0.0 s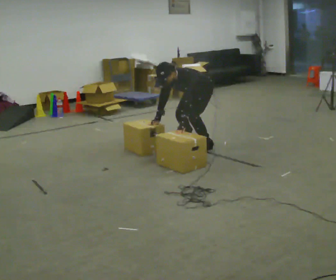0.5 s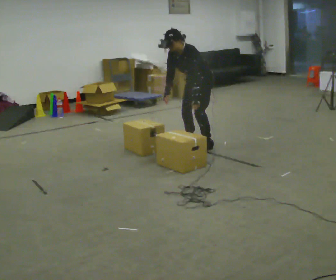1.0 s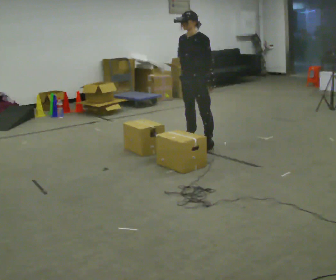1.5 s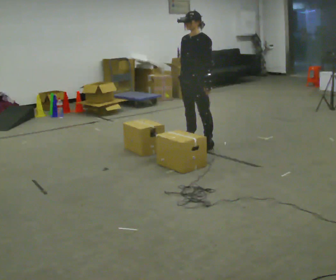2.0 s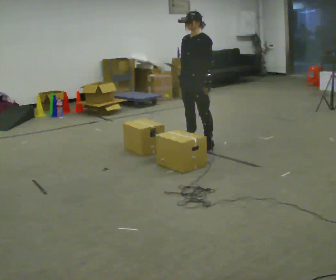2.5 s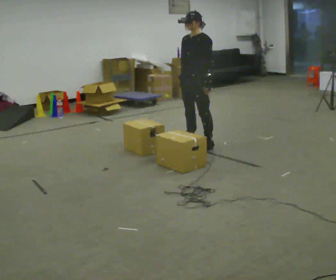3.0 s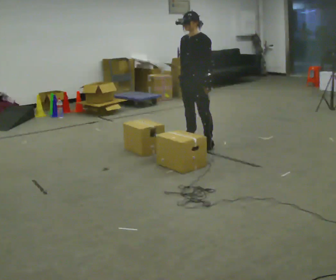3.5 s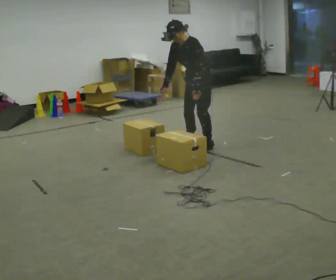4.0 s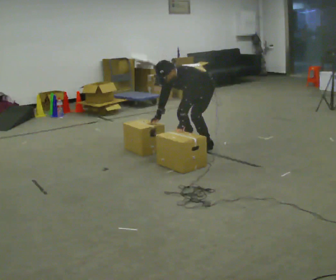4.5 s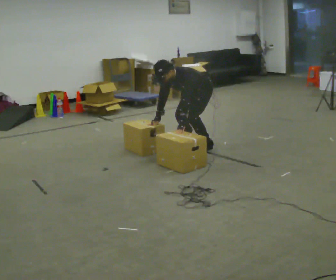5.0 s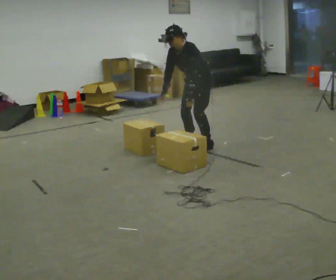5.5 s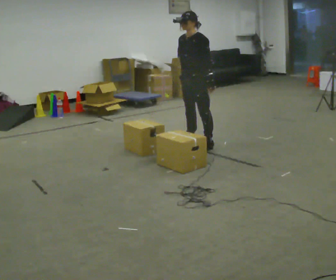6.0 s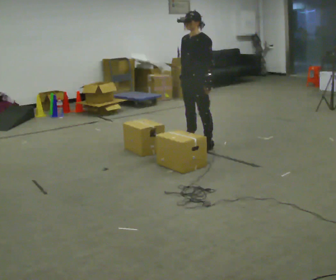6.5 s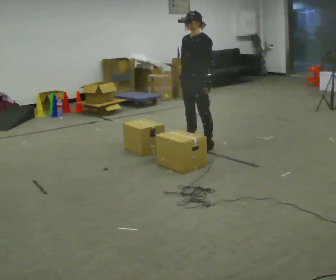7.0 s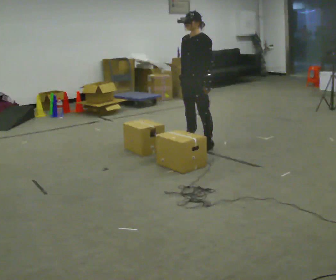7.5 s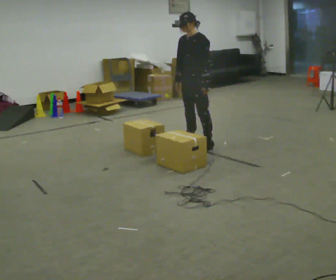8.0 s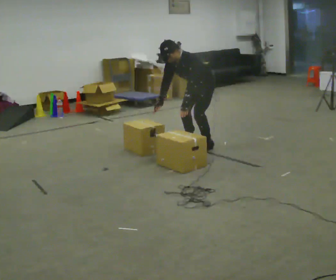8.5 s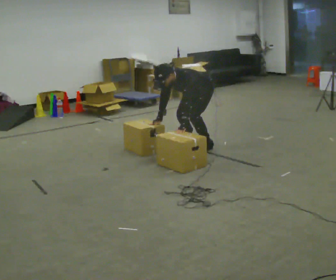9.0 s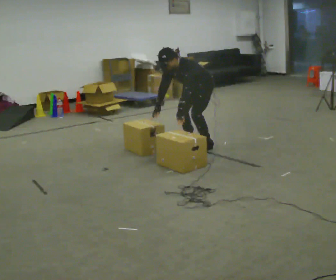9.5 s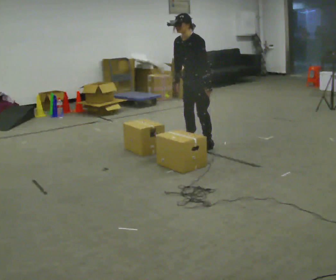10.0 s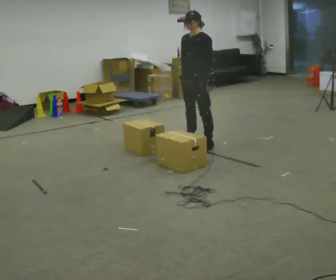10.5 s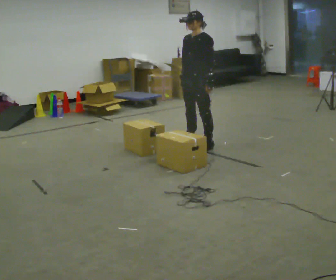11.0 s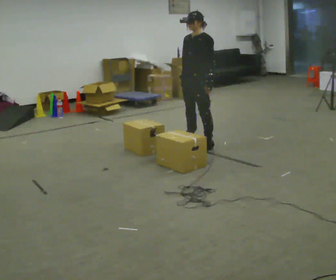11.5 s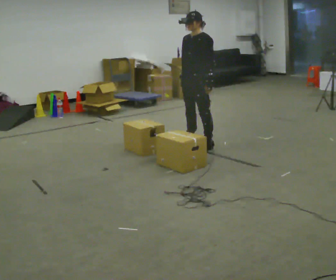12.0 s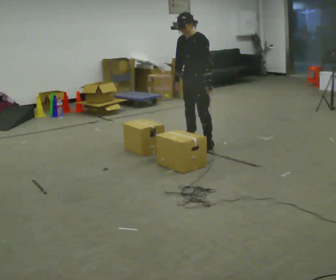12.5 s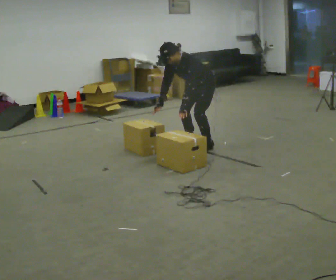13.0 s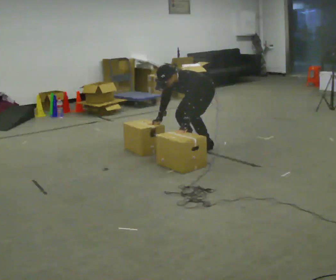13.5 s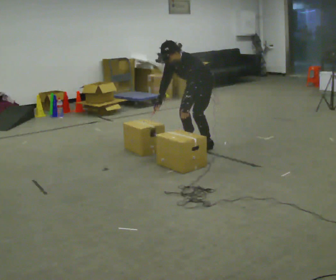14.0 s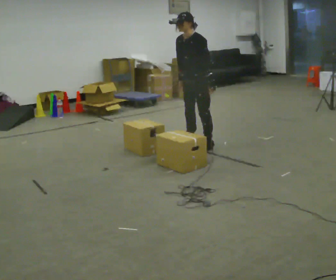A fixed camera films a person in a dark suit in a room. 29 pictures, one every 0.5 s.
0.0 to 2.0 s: The upper body goes upward. In the picture the upper body tilts clockwise, shoulders to the right, as they lean back or straighten. In the picture their left hand goes upward and to the right.
2.0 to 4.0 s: The shoulders move downward. In the picture the upper body tilts counterclockwise, shoulders to the left, as they bend forward. In the picture their right hand goes downward.
4.0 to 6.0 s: The shoulders move upward. In the picture the upper body tilts clockwise, shoulders to the right, as they lean back or straighten. In the picture their right hand goes upward and to the right.
6.0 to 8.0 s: The upper body goes downward. In the picture the upper body tilts counterclockwise, shoulders to the left, as they bend forward.
8.0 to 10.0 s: In the picture their left hand goes to the right.
10.0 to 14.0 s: The person moves a little, or ends about where they began.
The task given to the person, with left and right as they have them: Touch two targets at the same time, one with each hand, as the operator calls the pairs. Keep both feet on the marked spots for the whole take. If you have to step, stop and tell the operator.
The film runs forward here.
